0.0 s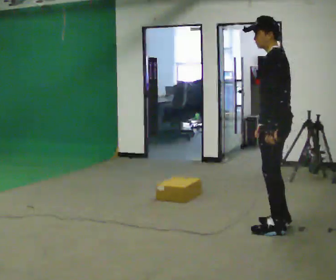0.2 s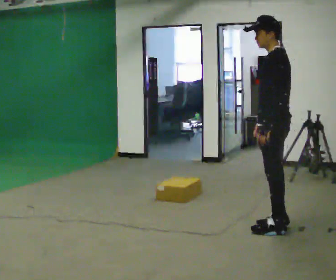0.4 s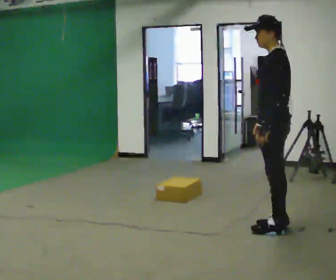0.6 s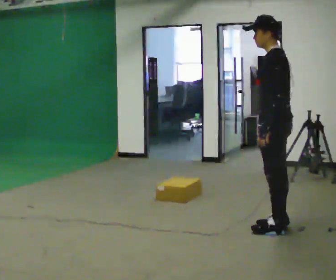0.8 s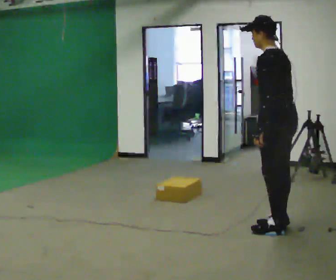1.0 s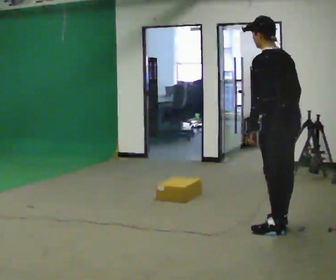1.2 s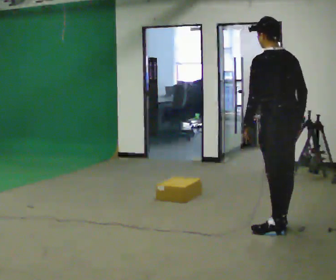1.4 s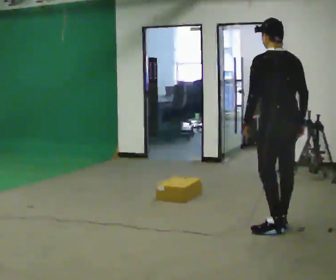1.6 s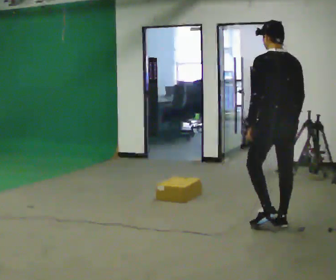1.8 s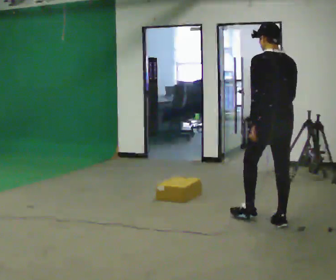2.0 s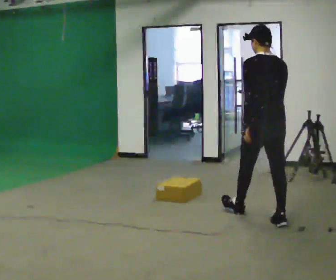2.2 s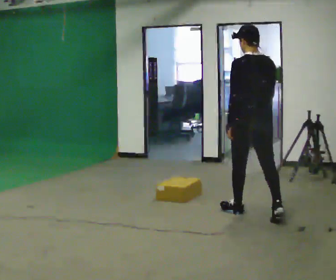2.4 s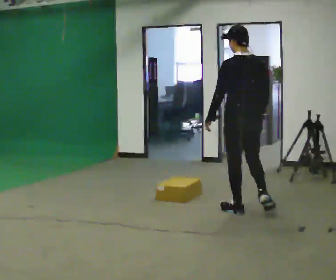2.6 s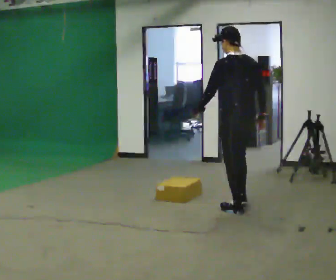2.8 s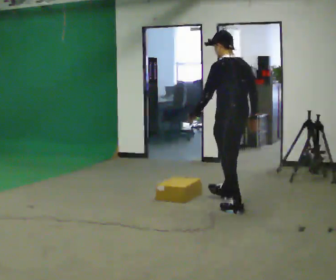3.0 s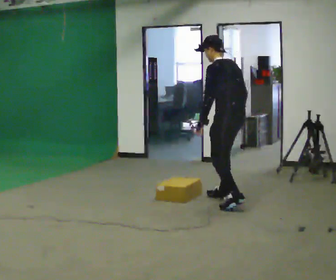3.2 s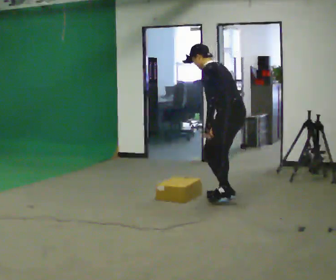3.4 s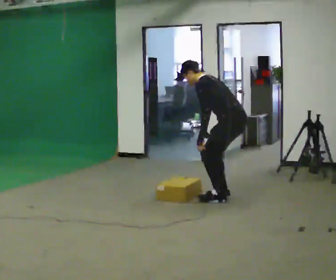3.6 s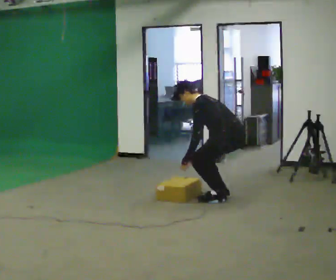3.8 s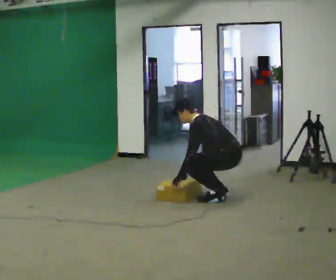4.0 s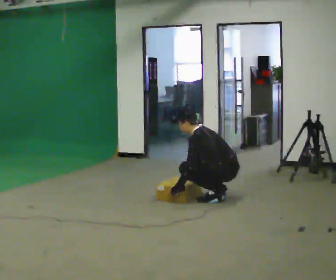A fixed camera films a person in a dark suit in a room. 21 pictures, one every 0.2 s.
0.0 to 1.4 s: Seen from above the body turns clockwise, about 60 degrees: to their right, with its near side sliding to the left.
1.4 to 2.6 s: In the picture they go away from the camera and to the left, about 0.75 m in 1 step, which for them is forward.
2.6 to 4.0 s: Seen from above the body turns counterclockwise, about 45 degrees: to their left, with its near side sliding to the right. In the picture they go away from the camera, about 0.5 m in 2 steps, which for them is to their right and forward. The upper body goes downward. In the picture the upper body tilts counterclockwise, shoulders to the left, as they bend forward. In the picture their left hand goes downward.
The film runs forward here.
